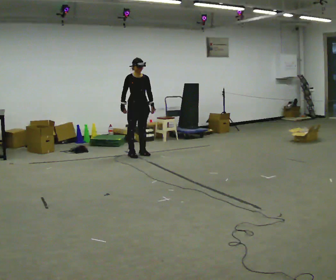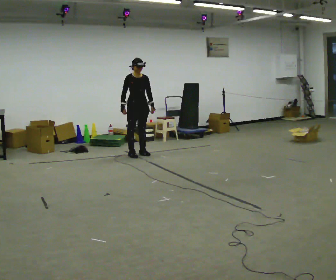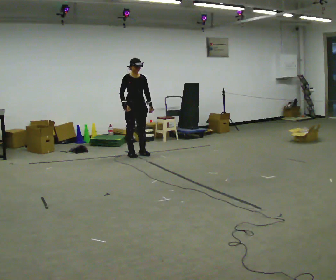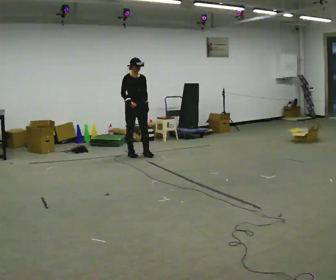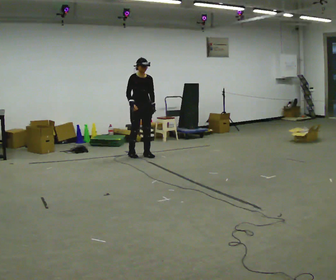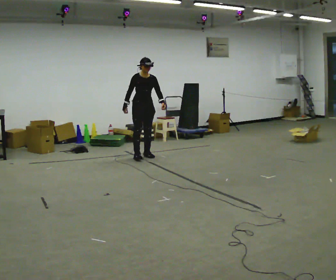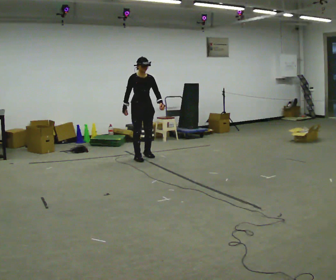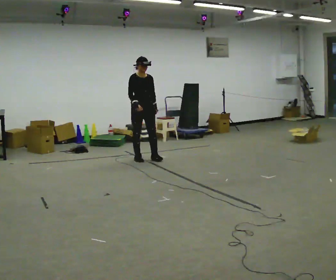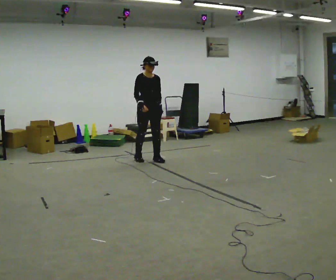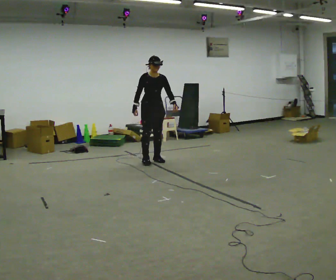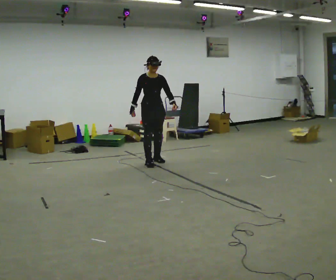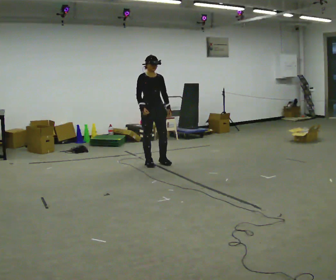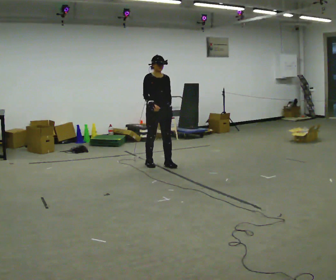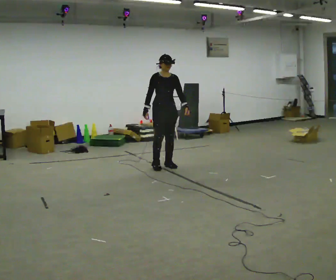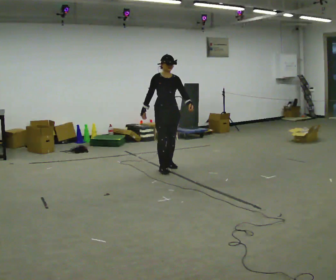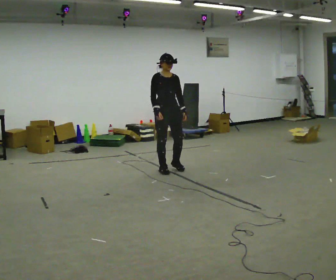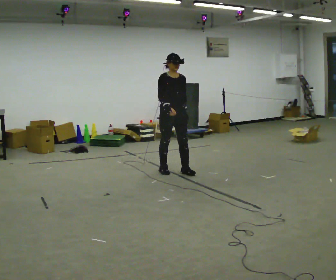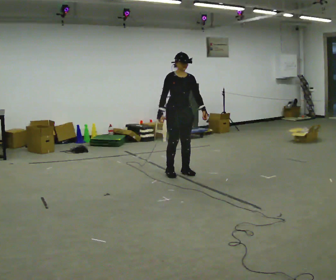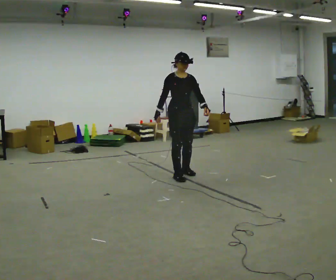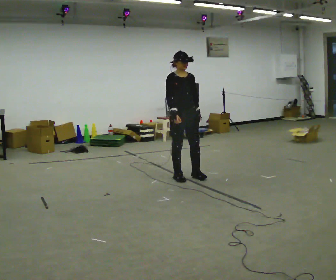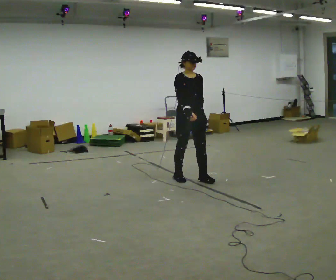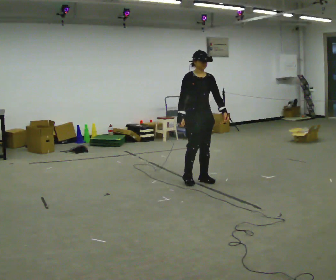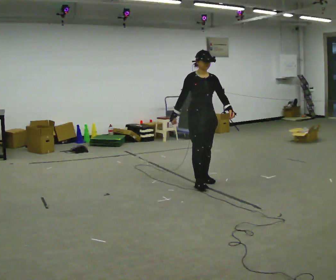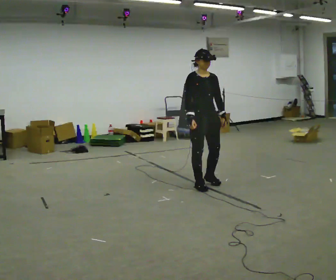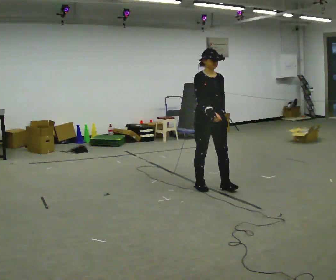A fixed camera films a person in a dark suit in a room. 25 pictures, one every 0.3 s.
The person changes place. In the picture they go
toward the camera.
0.0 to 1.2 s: The person moves a little, or ends about where they began.
1.2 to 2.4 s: In the picture they go toward the camera and to the right, about 0.25 m in 2 steps, which for them is forward.
2.4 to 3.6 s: In the picture they go toward the camera and to the right, about 0.5 m in 2 steps, which for them is forward.
3.6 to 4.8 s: In the picture they go toward the camera and to the right, about 0.5 m in 2 steps, which for them is forward.
4.8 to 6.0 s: In the picture they go toward the camera and to the right, about 0.5 m in 2 steps, which for them is forward.
6.0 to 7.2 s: In the picture they go toward the camera and to the right, about 0.5 m in 2 steps, which for them is forward.
The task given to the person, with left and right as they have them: Walk forward with your feet closer together than normal, or further apart than normal, as the operator states; stop.
The film runs forward here.
